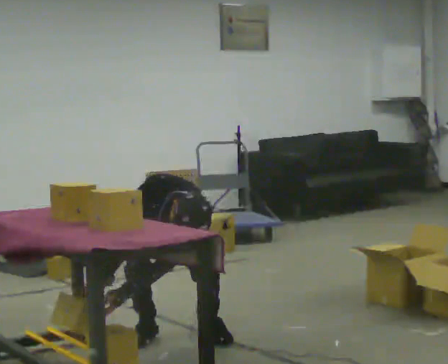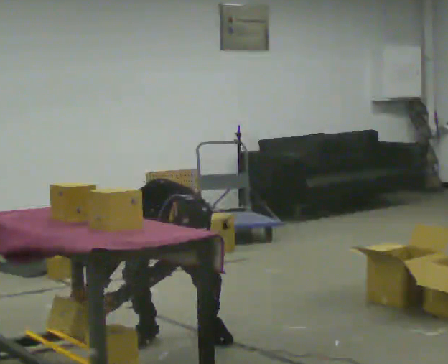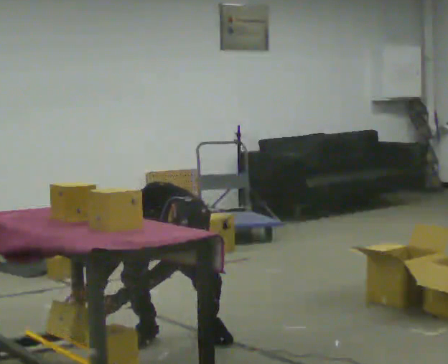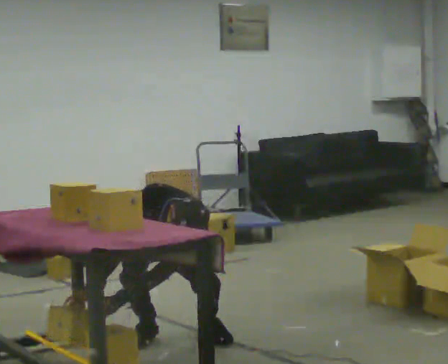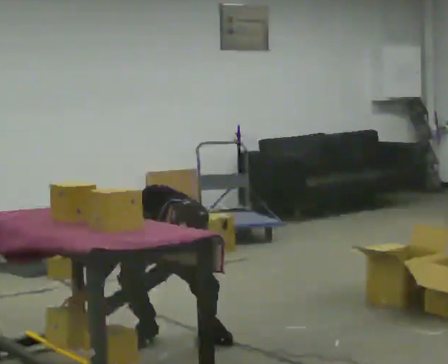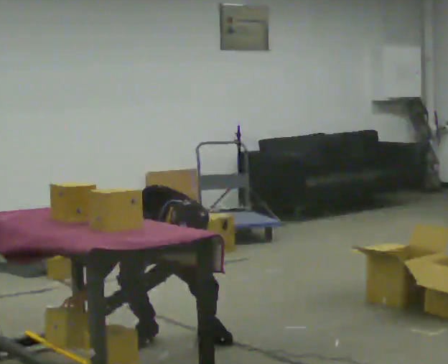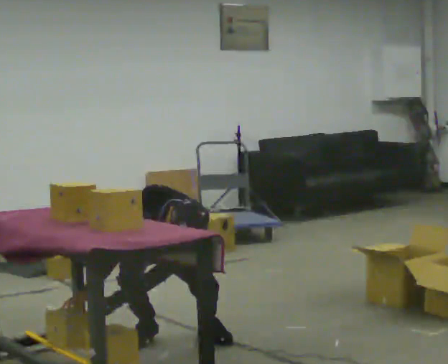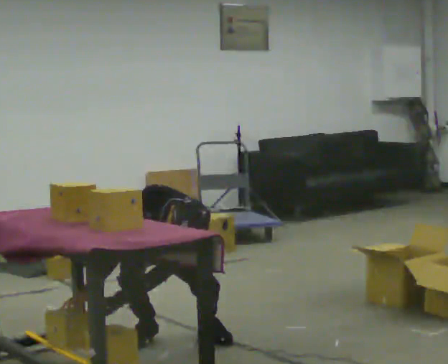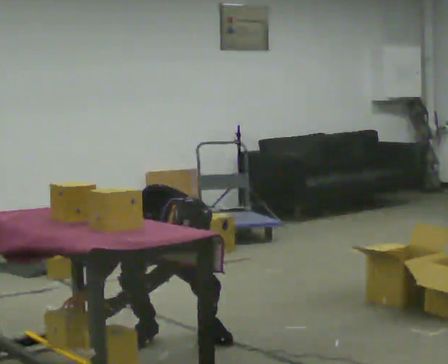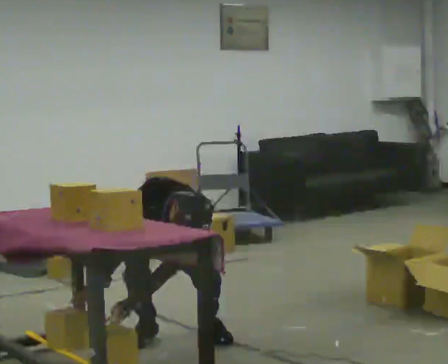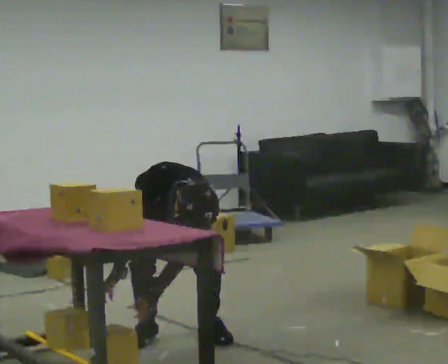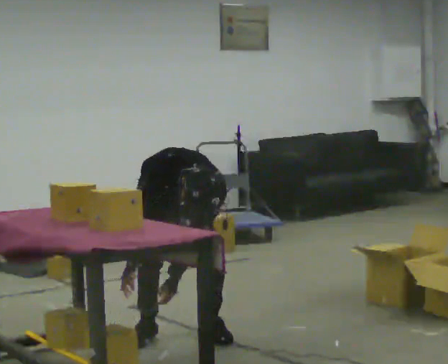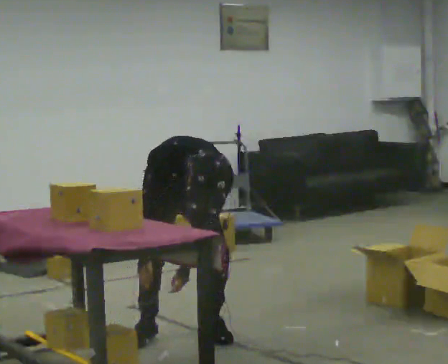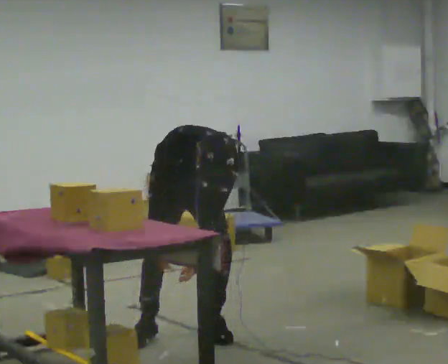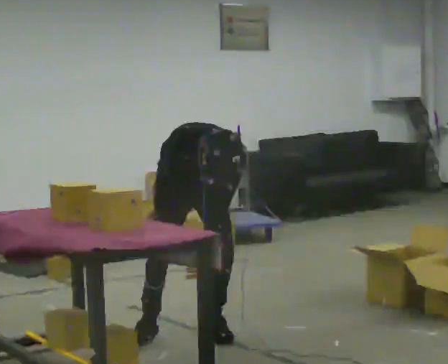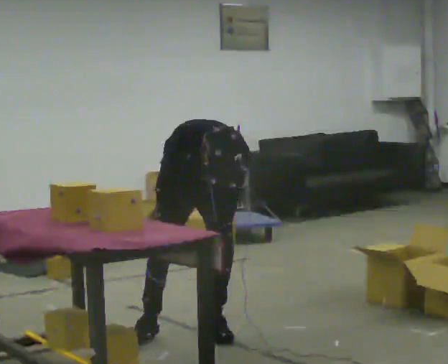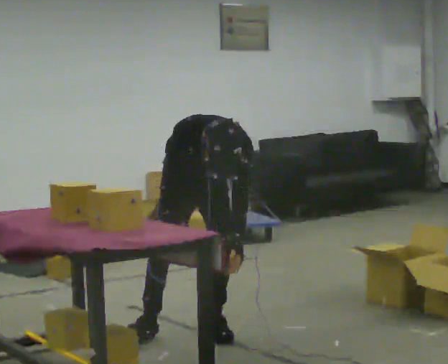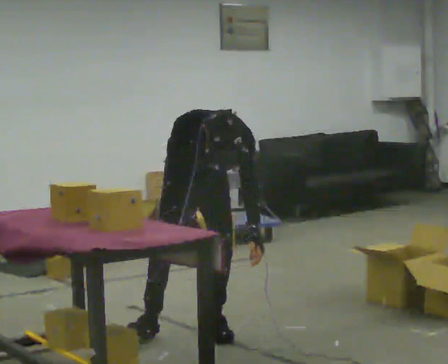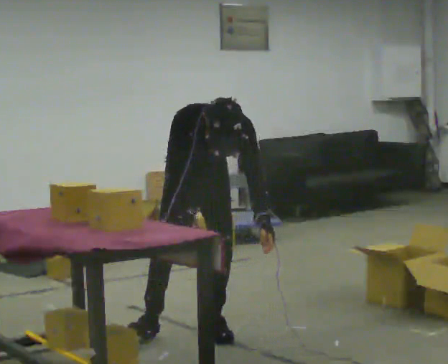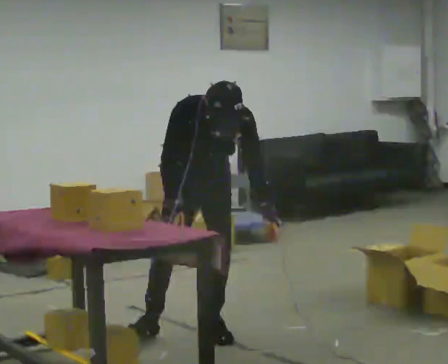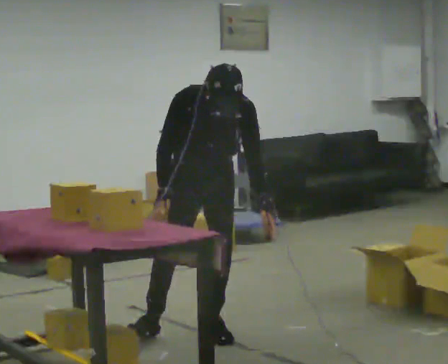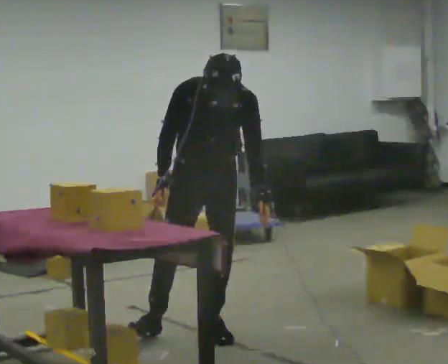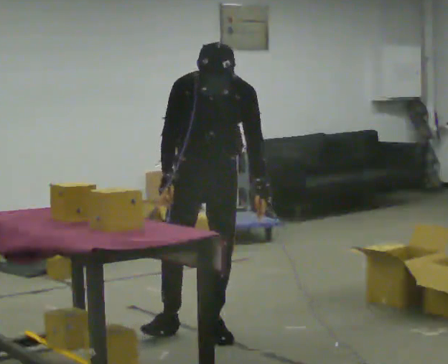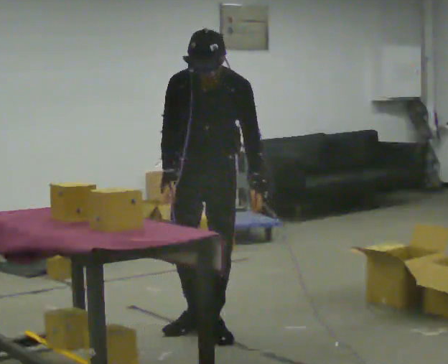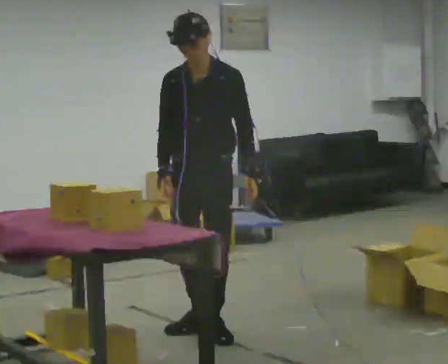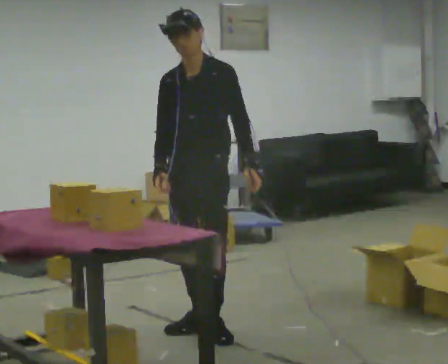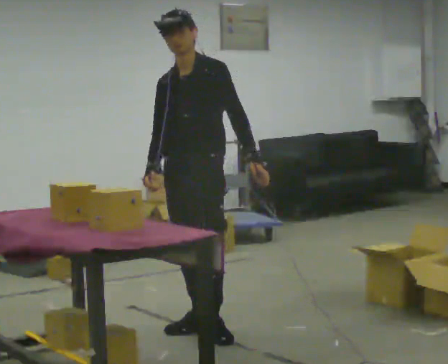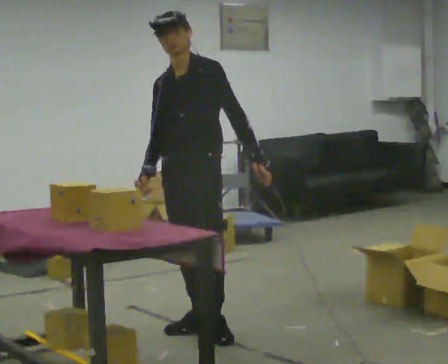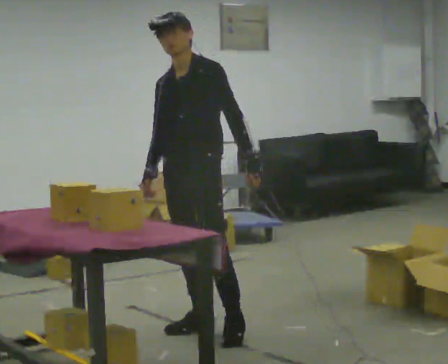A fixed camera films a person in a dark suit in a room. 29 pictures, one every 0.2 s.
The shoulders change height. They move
upward.
Their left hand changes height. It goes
upward.
0.0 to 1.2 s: The person moves a little, or ends about where they began.
1.2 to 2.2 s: The shoulders move upward. In the picture the upper body tilts clockwise, shoulders to the right, as they bend forward.
2.2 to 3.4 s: The upper body goes upward. The upper body tips away from the camera, its near side rolling upward, as they lean back or straighten. In the picture their left hand goes to the right.
3.4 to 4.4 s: The upper body goes upward. The upper body tips away from the camera, its near side rolling upward, as they lean back or straighten.
4.4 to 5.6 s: The part of the body nearest the lens slides to the left as the person turns to their right by about 30 degrees. The upper body tips away from the camera, its near side rolling upward, as they lean back or straighten.
The film runs forward here.
